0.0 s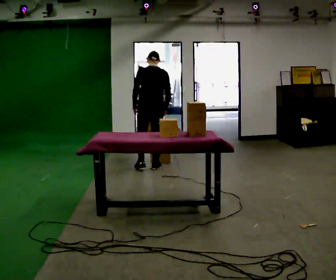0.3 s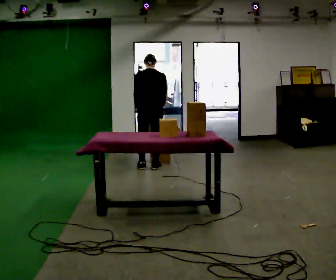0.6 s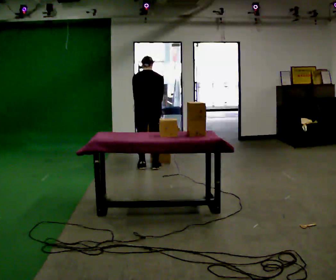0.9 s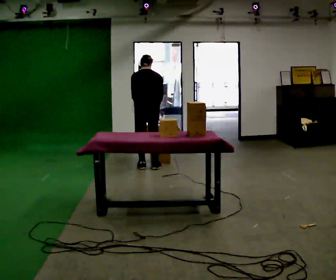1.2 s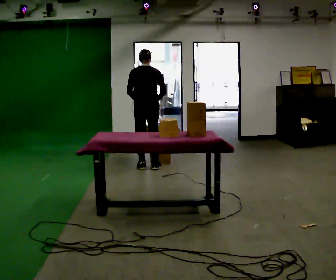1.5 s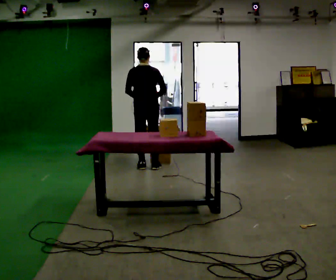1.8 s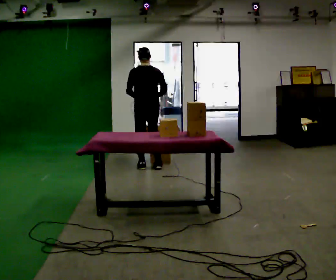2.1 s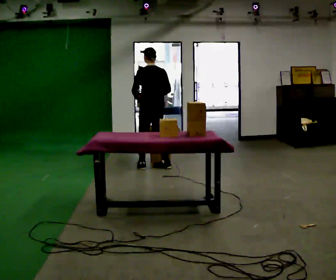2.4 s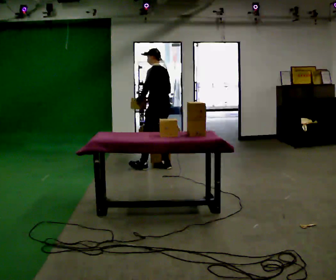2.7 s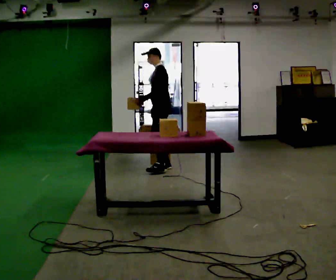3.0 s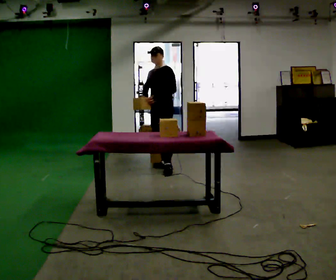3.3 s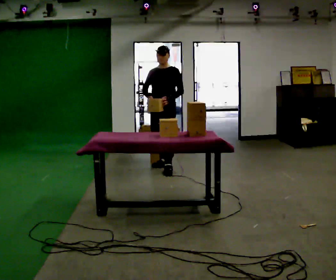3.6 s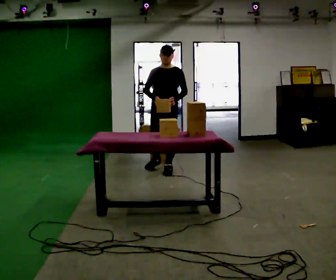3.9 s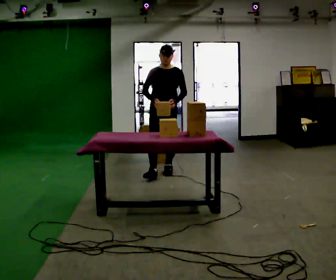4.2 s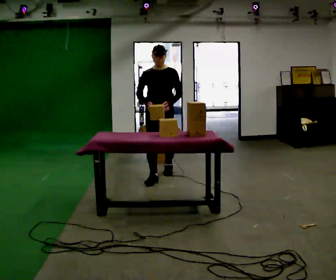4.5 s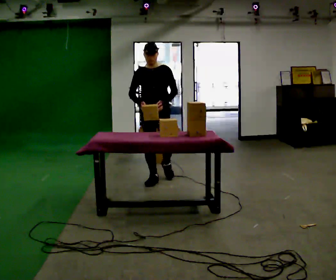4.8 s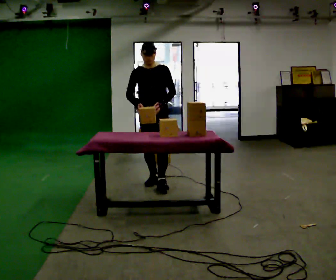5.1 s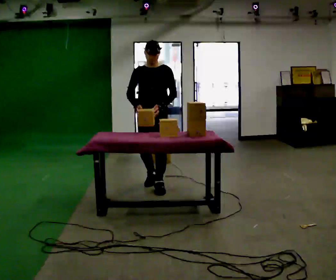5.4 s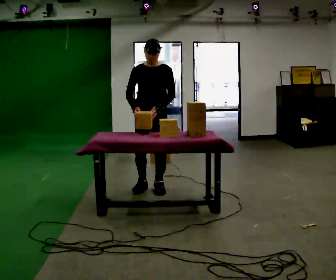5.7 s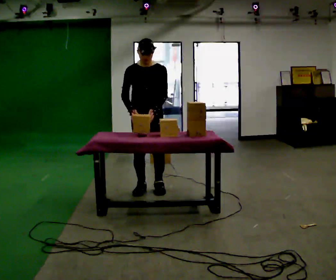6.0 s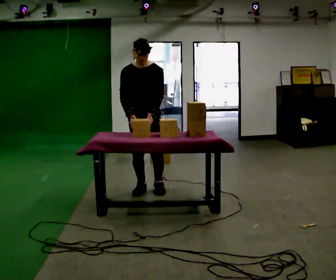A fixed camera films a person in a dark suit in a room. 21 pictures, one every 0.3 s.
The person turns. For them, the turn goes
to their left.
The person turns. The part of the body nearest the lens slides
to the right.
0.0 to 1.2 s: The person moves a little, or ends about where they began.
1.2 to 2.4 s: Seen from above the body turns counterclockwise, about 60 degrees: to their left, with its near side sliding to the right. In the picture they go to the right, about 0.25 m in 1 step.
2.4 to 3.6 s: Seen from above the body turns counterclockwise, about 120 degrees: to their left, with its near side sliding to the right. In the picture they go toward the camera, about 0.25 m in 1 step. In the picture their left hand goes to the right, the arm swinging counterclockwise.
3.6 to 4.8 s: In the picture they go toward the camera, about 0.5 m in 1 step, which for them is forward.
4.8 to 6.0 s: In the picture they go toward the camera, about 0.25 m in 2 steps, which for them is forward.
The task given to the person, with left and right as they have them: Take the objects from the bin one at a time and put one in each of the places the operator points out. Keep going until the operator says stop; one object at a time, and do not rush between trips.
The film runs forward here.
